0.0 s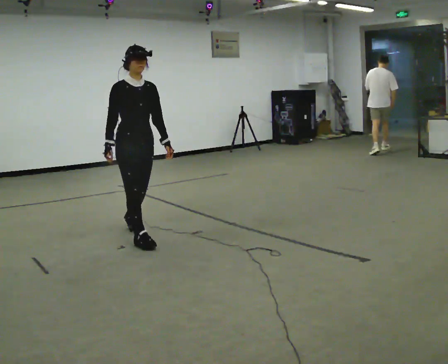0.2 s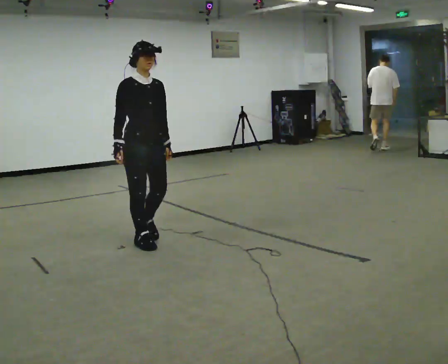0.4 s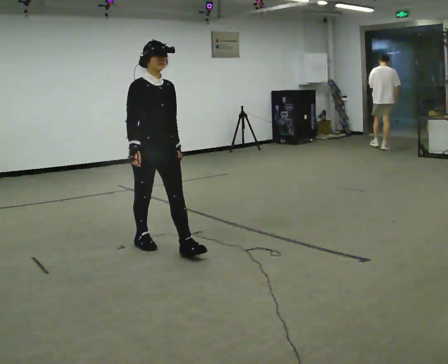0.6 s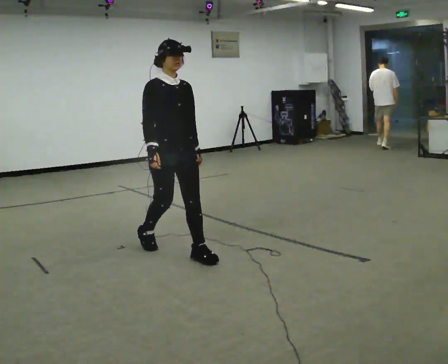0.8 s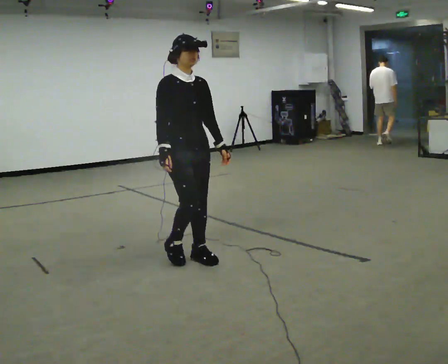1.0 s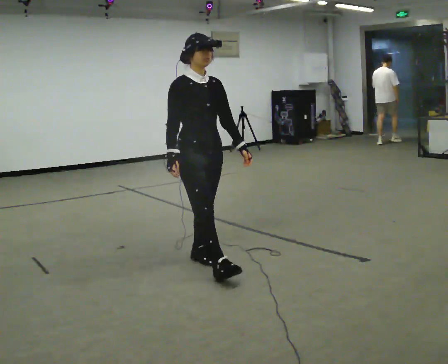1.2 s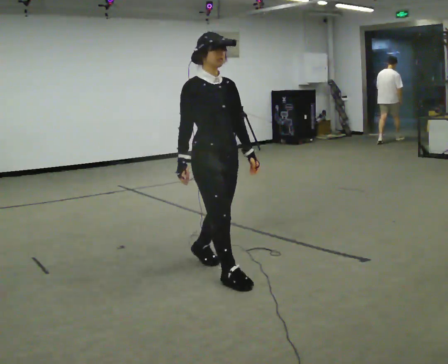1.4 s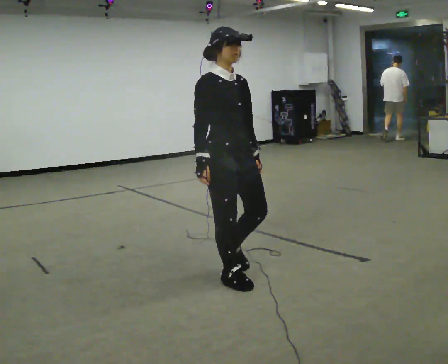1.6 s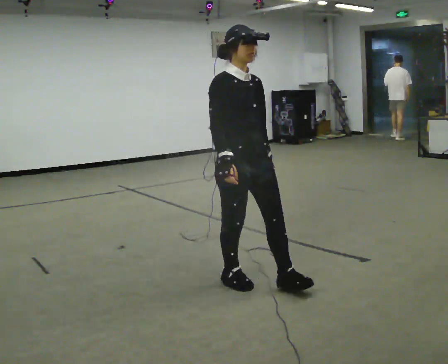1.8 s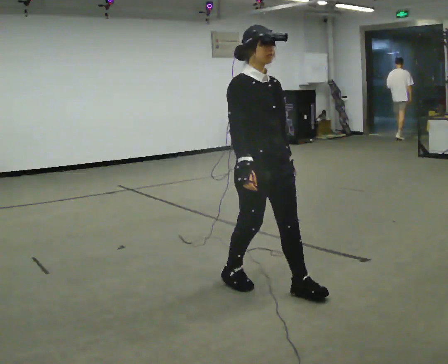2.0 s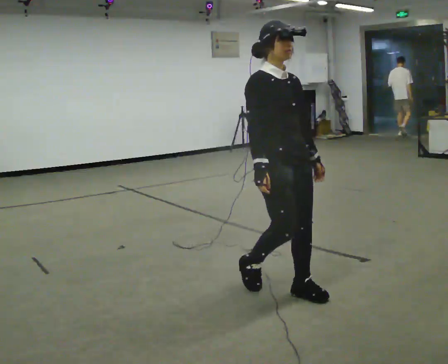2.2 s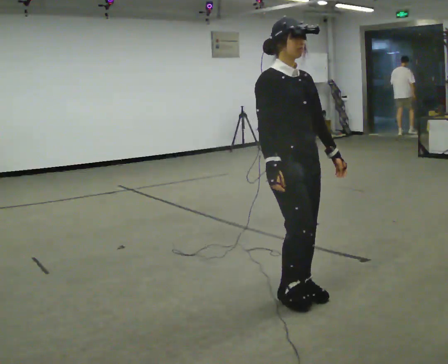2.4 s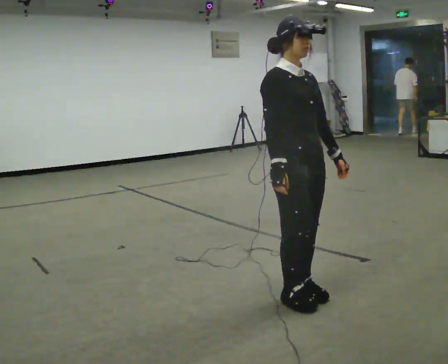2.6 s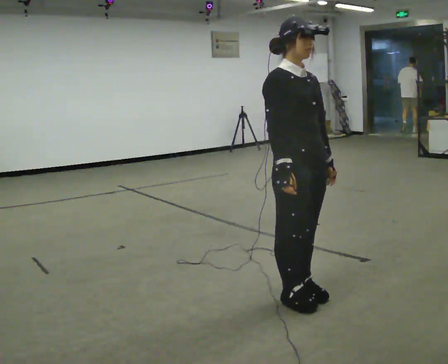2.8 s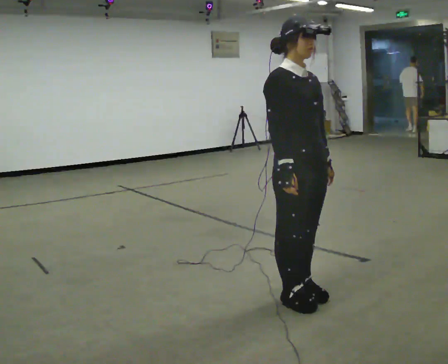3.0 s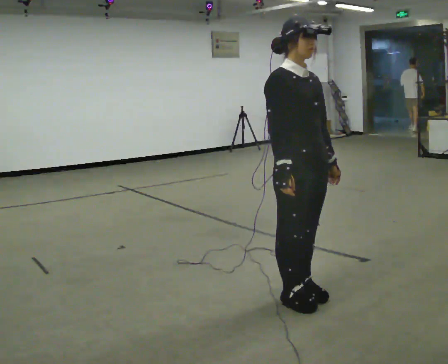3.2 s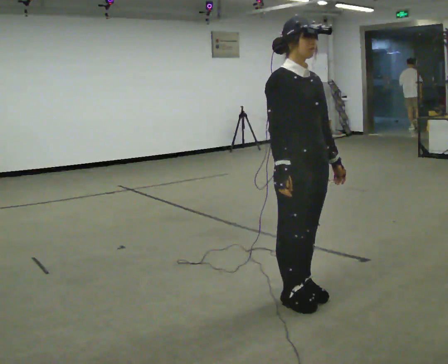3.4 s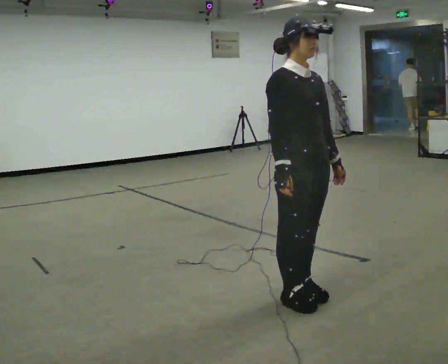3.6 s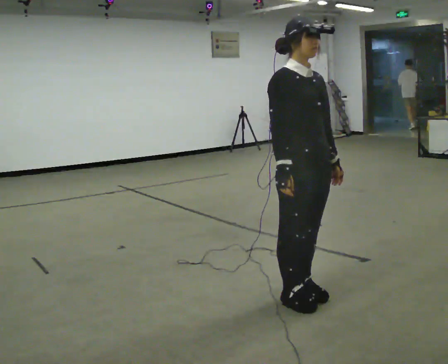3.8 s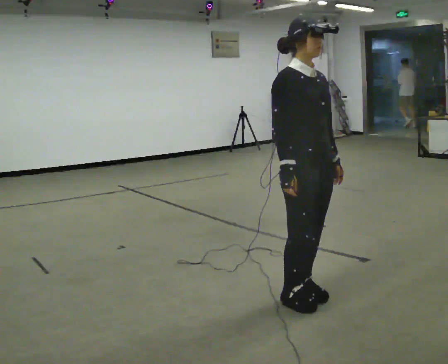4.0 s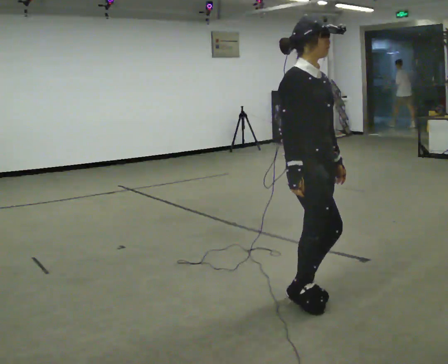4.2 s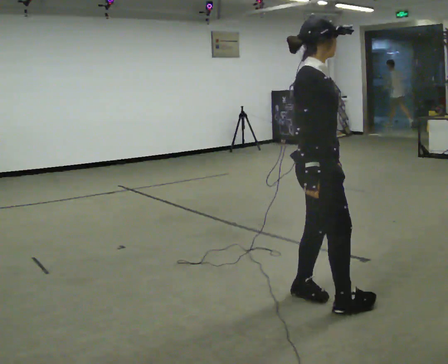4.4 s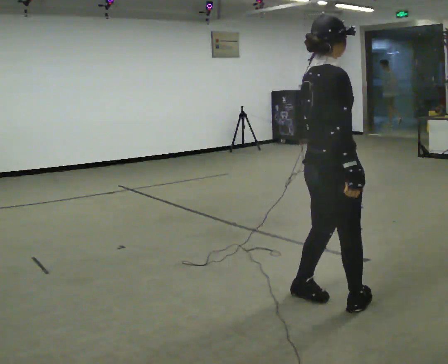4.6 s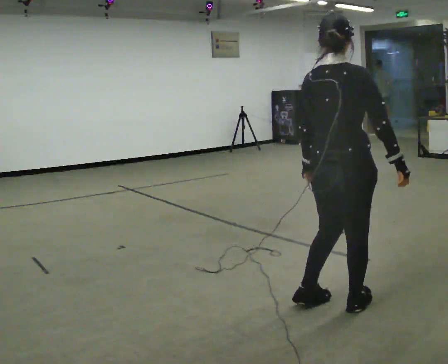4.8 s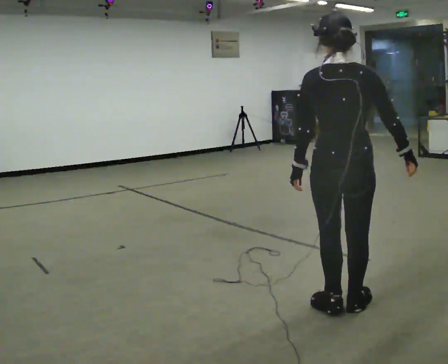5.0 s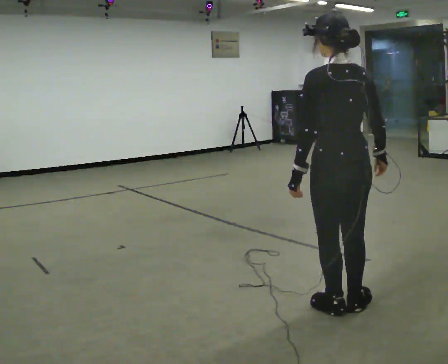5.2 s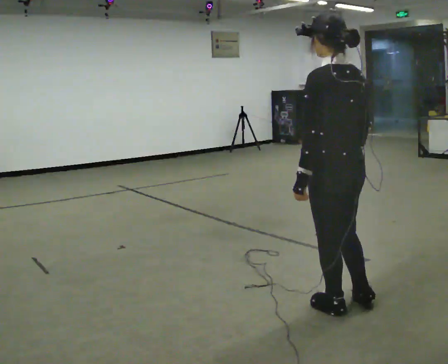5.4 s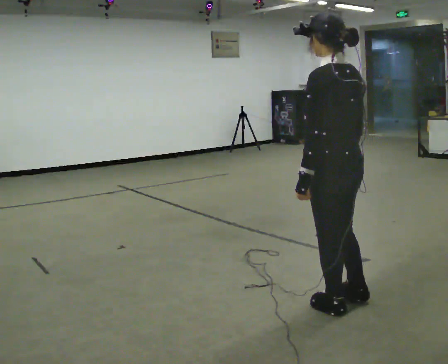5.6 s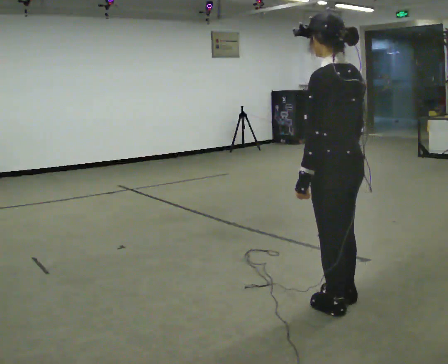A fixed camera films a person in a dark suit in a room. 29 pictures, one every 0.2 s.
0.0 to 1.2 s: In the picture they go to the right and toward the camera, about 1 m in 2 steps, which for them is forward.
1.2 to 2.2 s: In the picture they go to the right and toward the camera, about 0.5 m in 1 step, which for them is forward.
2.2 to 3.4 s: The person moves a little, or ends about where they began.
3.4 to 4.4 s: The part of the body nearest the lens slides to the right as the person turns to their left by about 60 degrees. In the picture they go to the right, about 0.25 m in 1 step, which for them is forward.
4.4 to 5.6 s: The person turns about 120 degrees to their left, counterclockwise seen from above, so the part of the body nearest the lens slides to the right.
The film runs forward here.
